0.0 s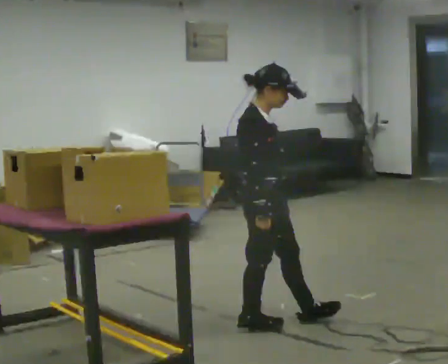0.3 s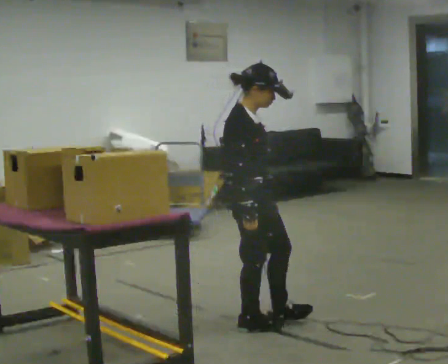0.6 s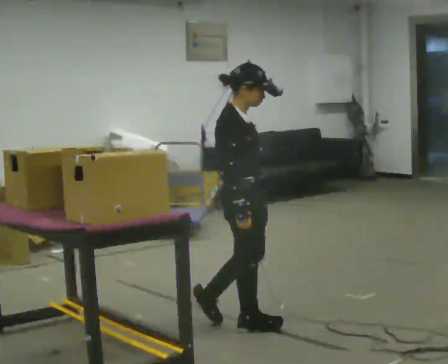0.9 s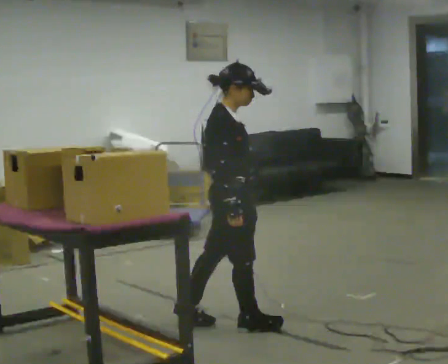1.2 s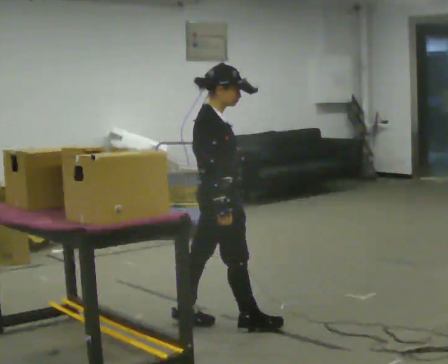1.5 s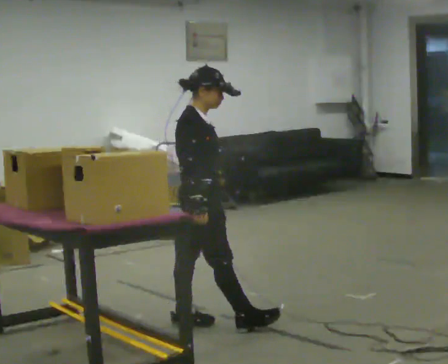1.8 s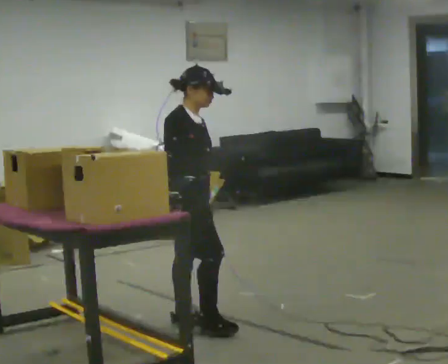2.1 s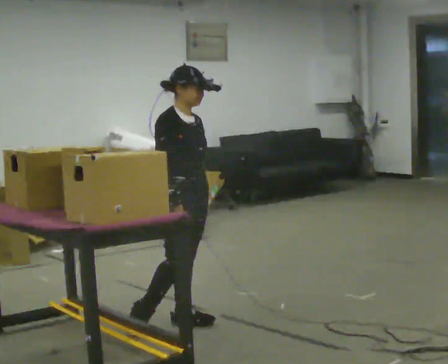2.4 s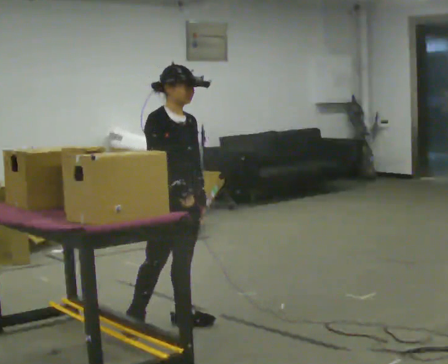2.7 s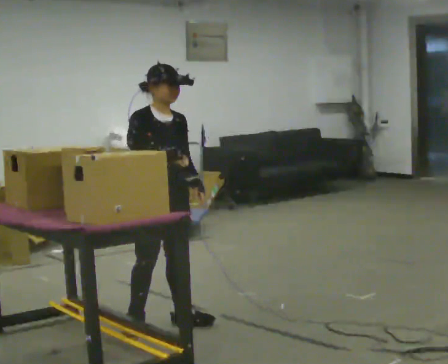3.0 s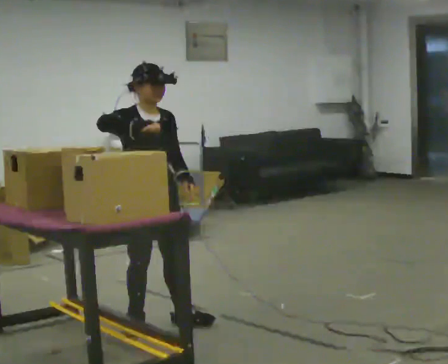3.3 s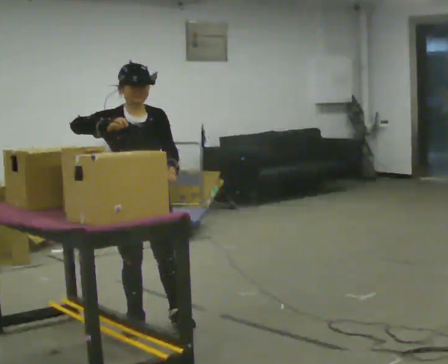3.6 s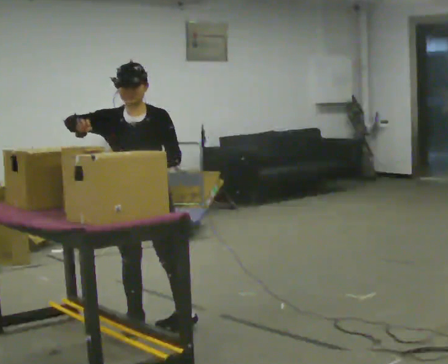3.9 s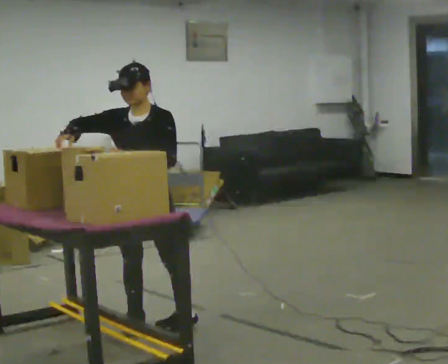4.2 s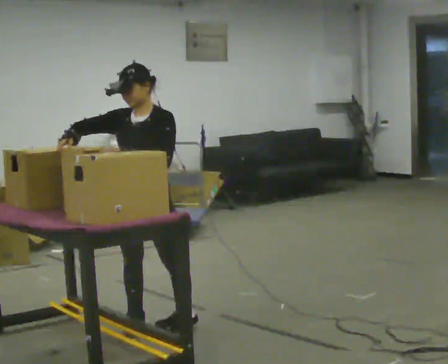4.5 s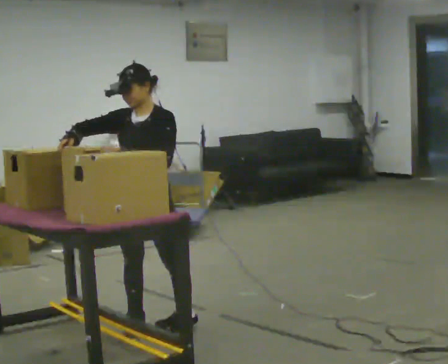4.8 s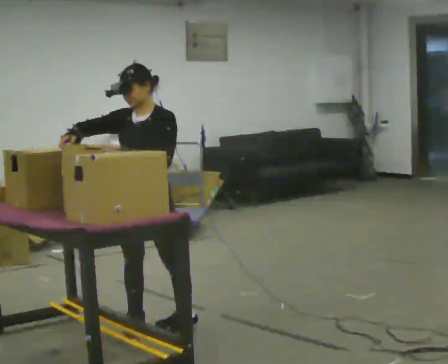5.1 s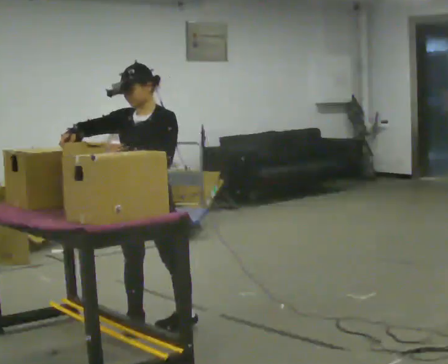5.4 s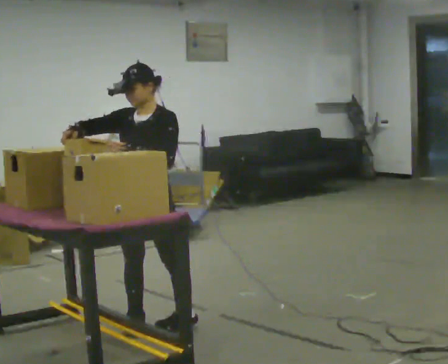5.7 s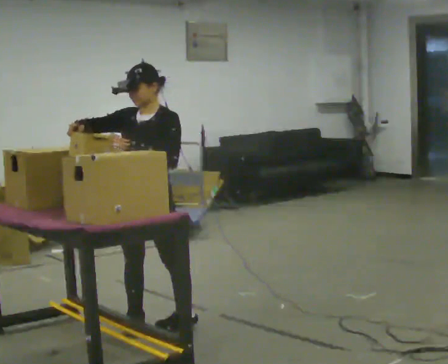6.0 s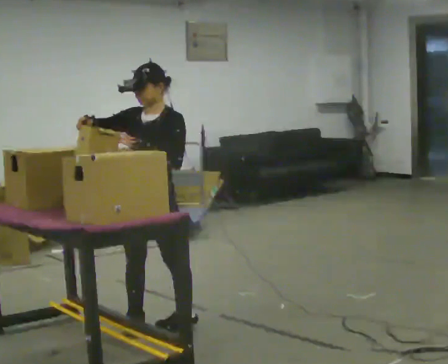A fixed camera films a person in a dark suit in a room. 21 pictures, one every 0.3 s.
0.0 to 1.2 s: In the picture they go to the left, about 0.25 m in 1 step, which for them is backward.
1.2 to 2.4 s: The person turns about 45 degrees to their right, clockwise seen from above, so the part of the body nearest the lens slides to the left. In the picture they go to the left, about 0.25 m in 1 step, which for them is backward.
2.4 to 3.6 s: Seen from above the body turns clockwise, about 45 degrees: to their right, with its near side sliding to the left. In the picture they go to the left, about 0.25 m, which for them is to their right. In the picture their right hand goes to the left and upward.
3.6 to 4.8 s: The person turns about 30 degrees to their right, clockwise seen from above, so the part of the body nearest the lens slides to the left.
4.8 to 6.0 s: The person moves a little, or ends about where they began.
The film runs backward here.
